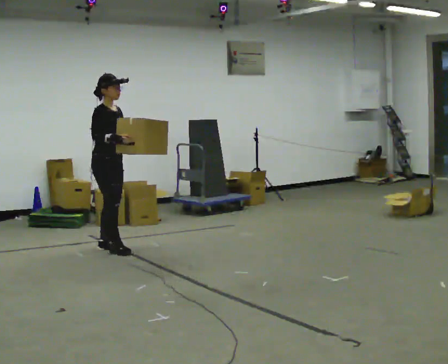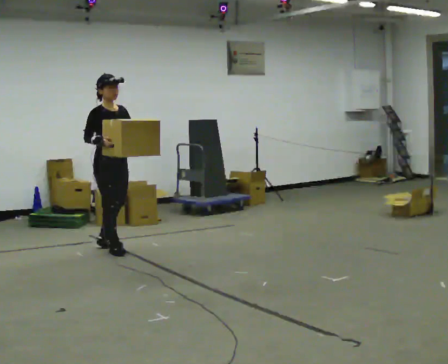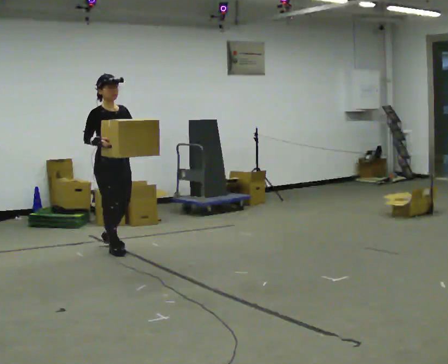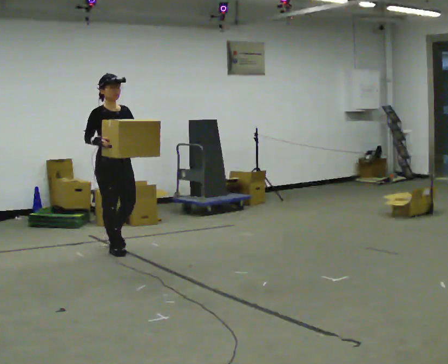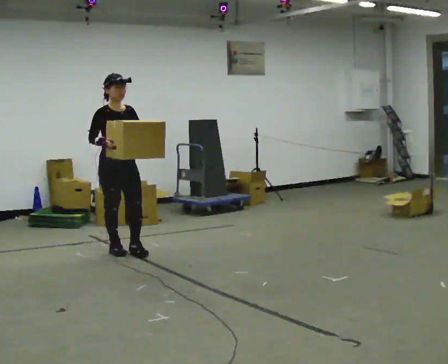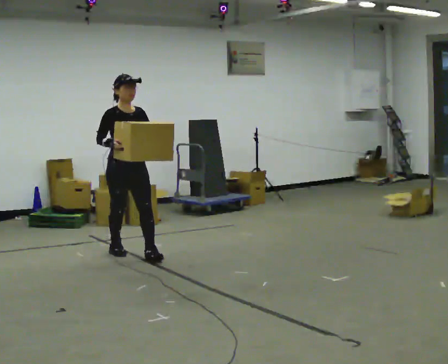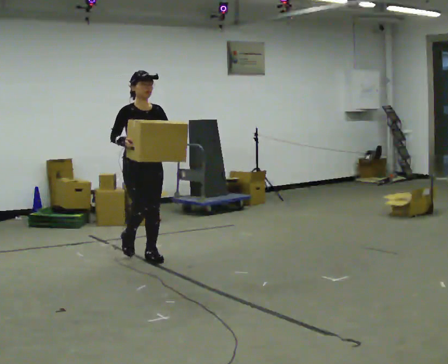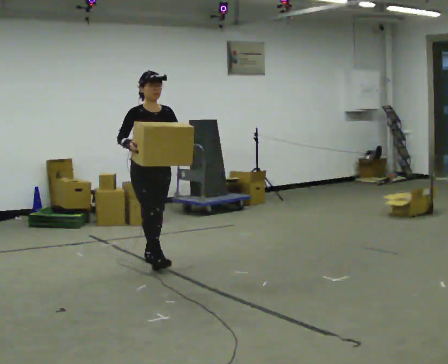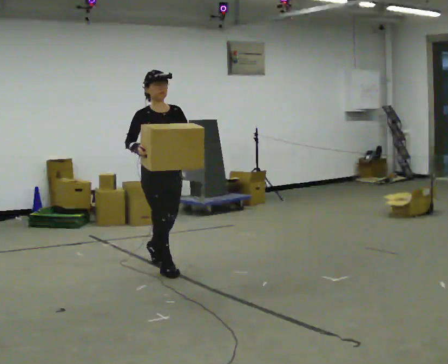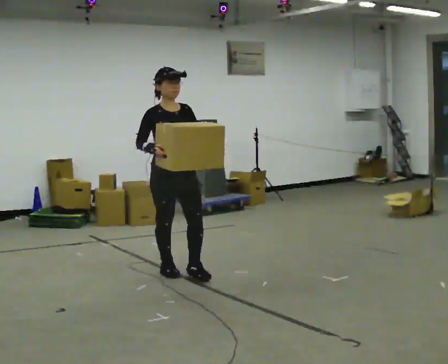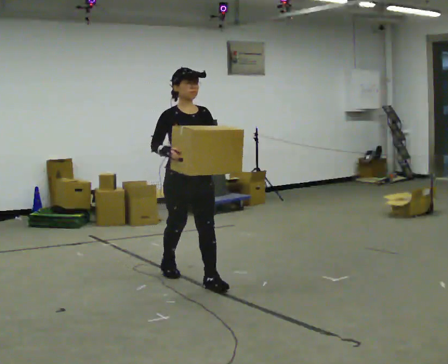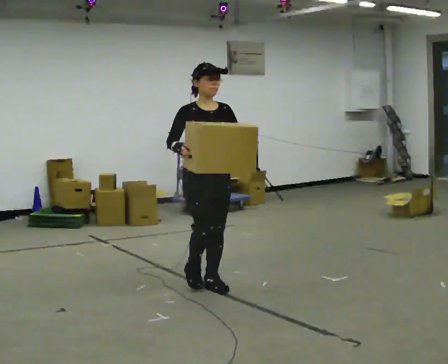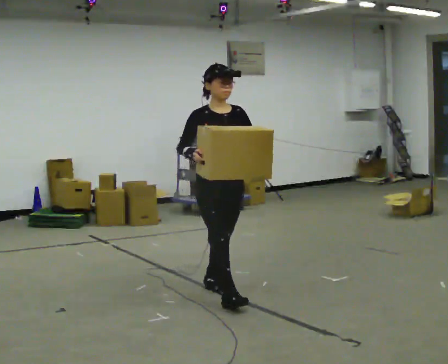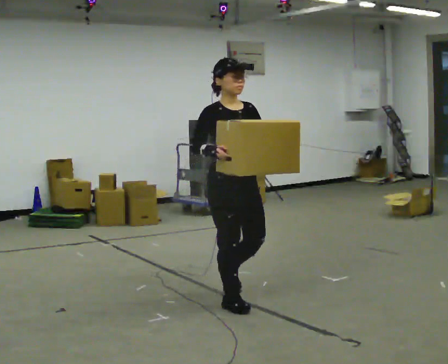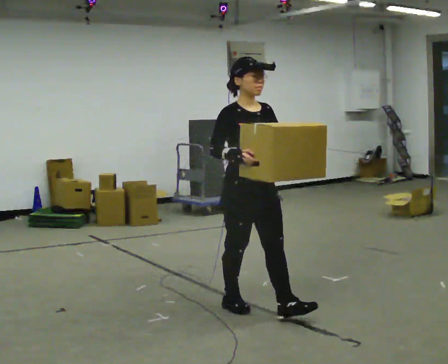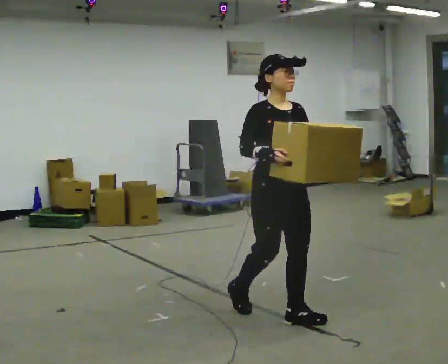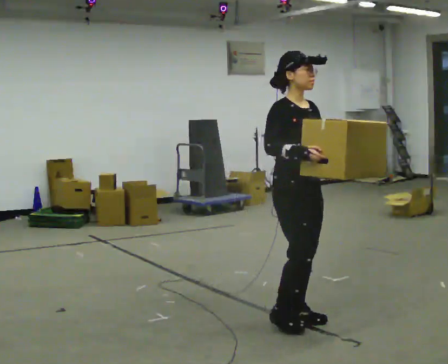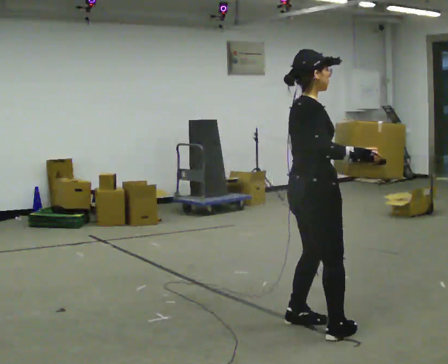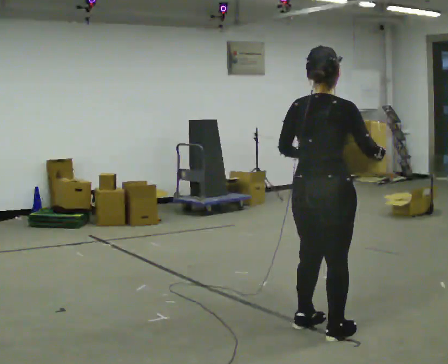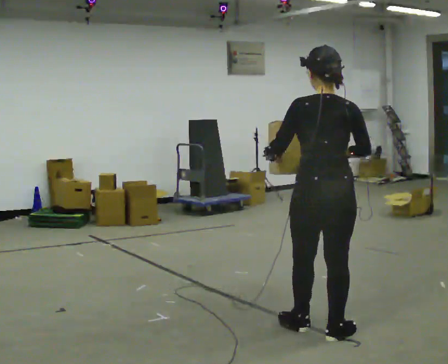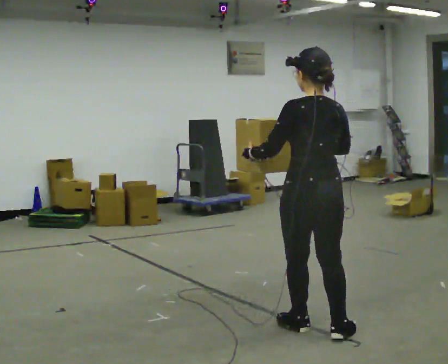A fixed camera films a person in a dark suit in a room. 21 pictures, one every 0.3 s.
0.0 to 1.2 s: The person turns about 30 degrees to their right, clockwise seen from above, so the part of the body nearest the lens slides to the left.
1.2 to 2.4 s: In the picture they go toward the camera and to the right, about 0.5 m in 2 steps, which for them is forward.
2.4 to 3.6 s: In the picture they go toward the camera and to the right, about 1 m in 1 step, which for them is forward.
3.6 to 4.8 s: Seen from above the body turns counterclockwise, about 30 degrees: to their left, with its near side sliding to the right. In the picture they go toward the camera and to the right, about 1 m in 2 steps, which for them is forward.
4.8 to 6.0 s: Seen from above the body turns counterclockwise, about 150 degrees: to their left, with its near side sliding to the right. In the picture they go toward the camera, about 0.25 m in 2 steps.
The film runs forward here.
